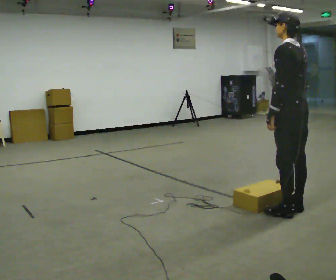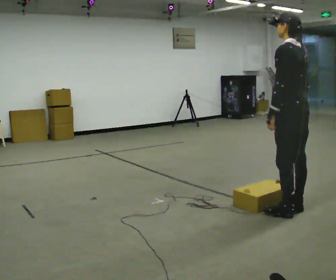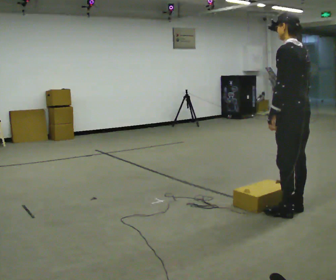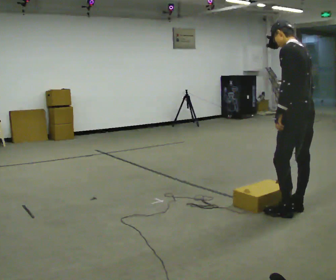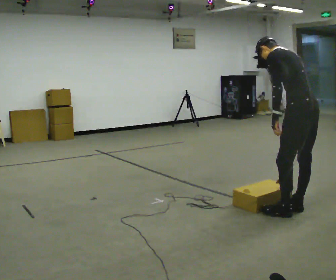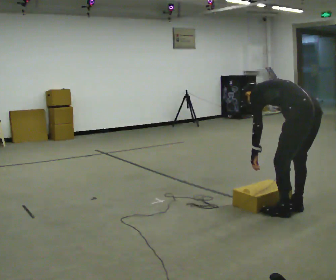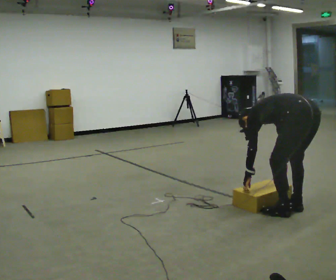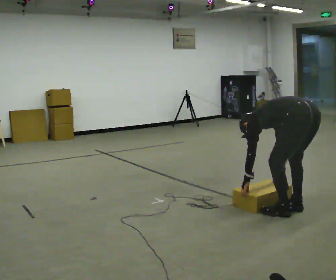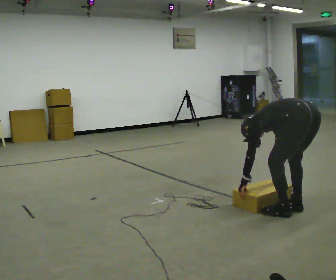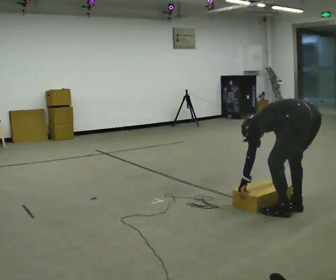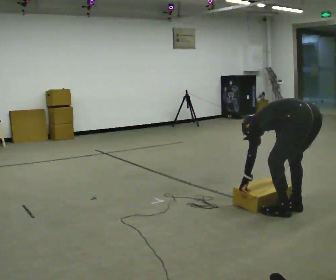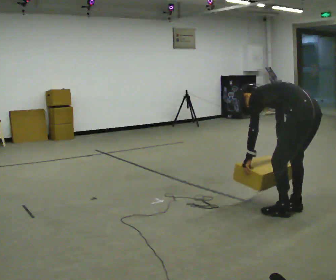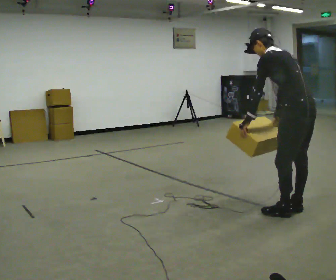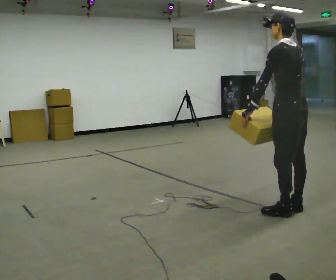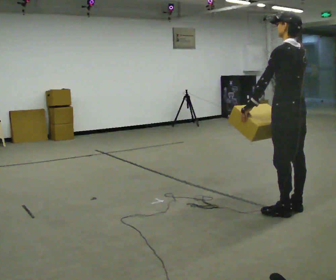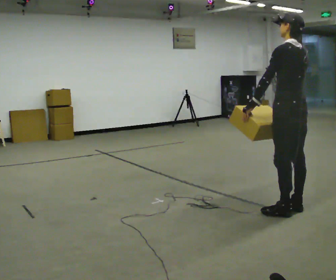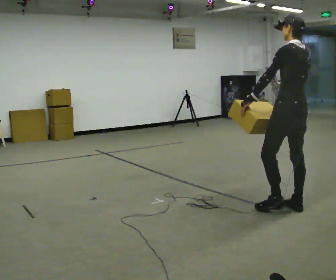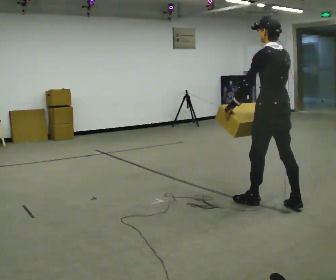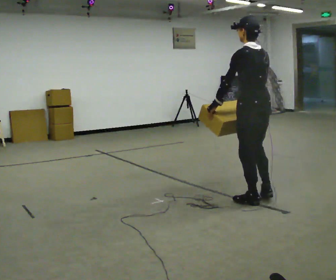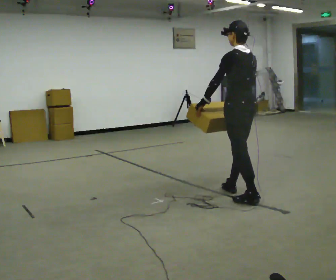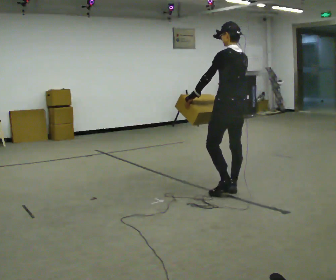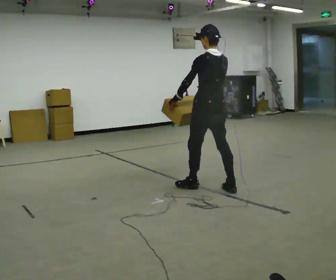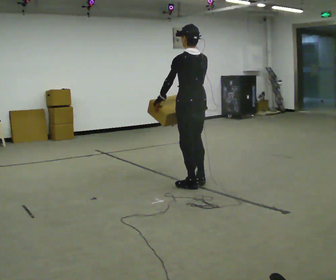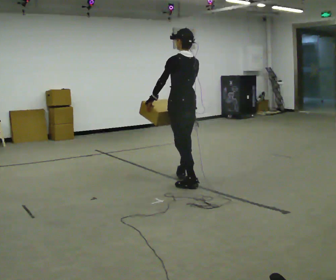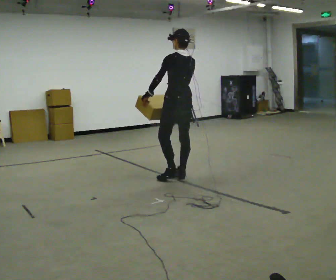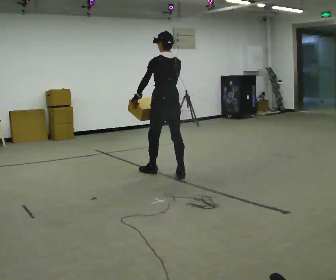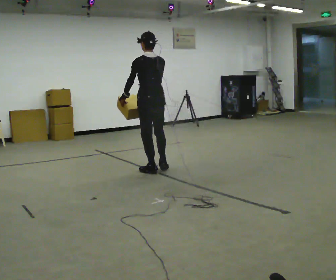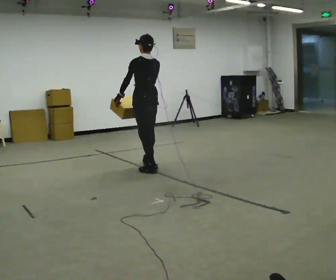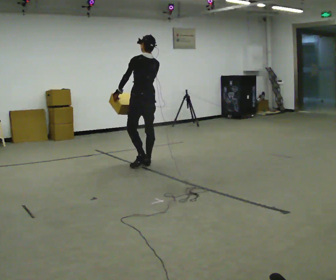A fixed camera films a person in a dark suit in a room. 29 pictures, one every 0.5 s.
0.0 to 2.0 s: In the picture the upper body tilts counterclockwise, shoulders to the left, as they bend forward.
2.0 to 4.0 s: The upper body goes downward. In the picture the upper body tilts counterclockwise, shoulders to the left, as they bend forward. In the picture their left hand goes downward.
4.0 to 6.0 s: The upper body goes upward. The upper body tips toward the camera, its near side rolling downward, as they lean back or straighten. In the picture their right hand goes upward.
6.0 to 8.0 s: In the picture they go away from the camera, about 0.25 m, which for them is forward. In the picture the upper body tilts clockwise, shoulders to the right, as they lean back or straighten.
8.0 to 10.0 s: In the picture they go to the left and away from the camera, about 1 m in 2 steps, which for them is forward.
10.0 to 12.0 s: In the picture they go to the left and away from the camera, about 1 m in 2 steps, which for them is forward.
12.0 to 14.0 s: In the picture they go to the left and away from the camera, about 1 m in 2 steps, which for them is forward.
The film runs forward here.
